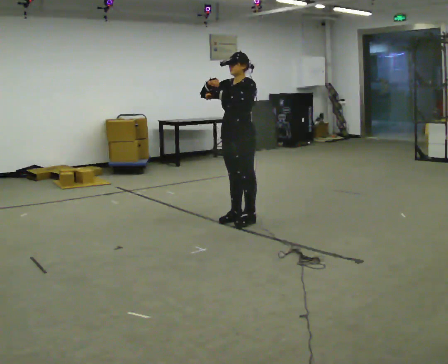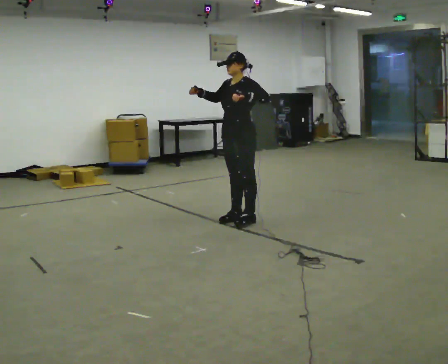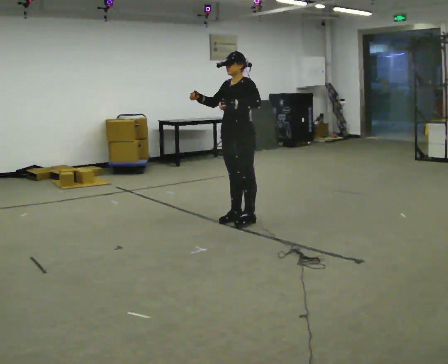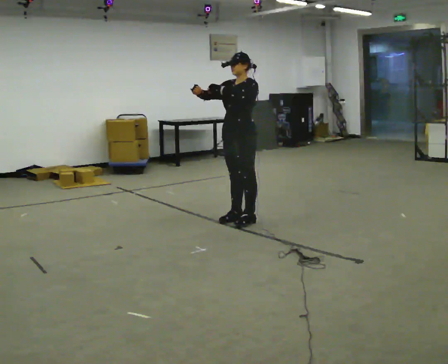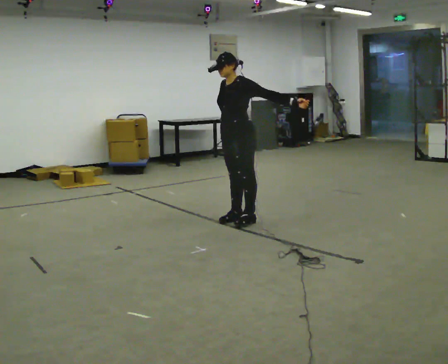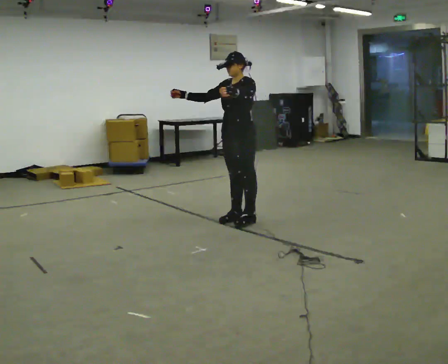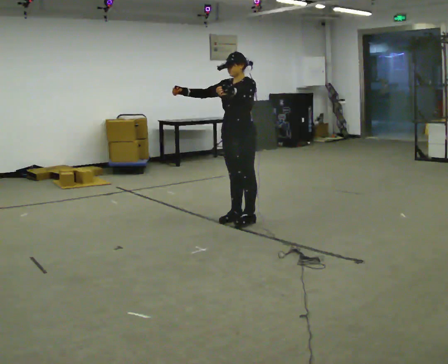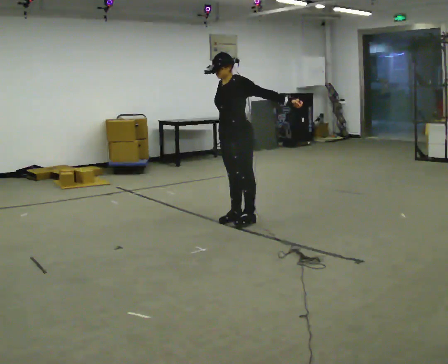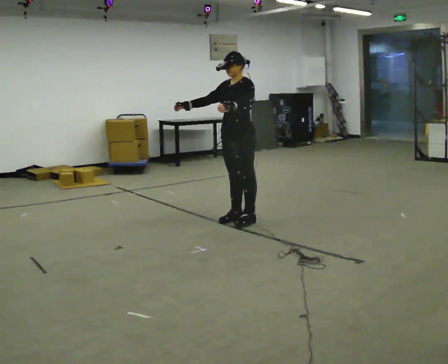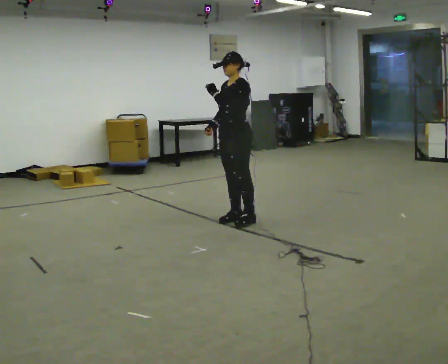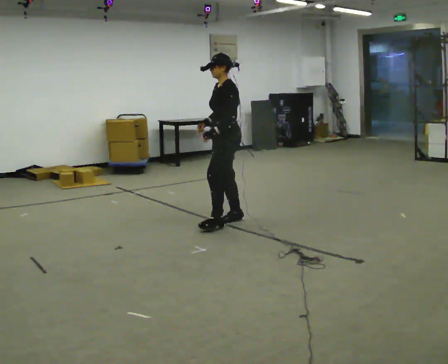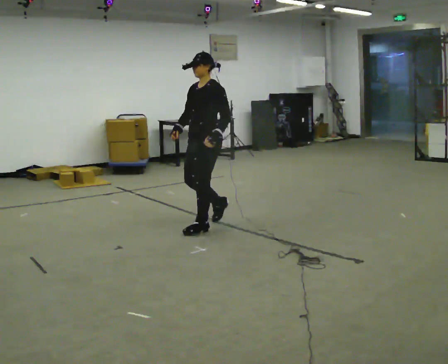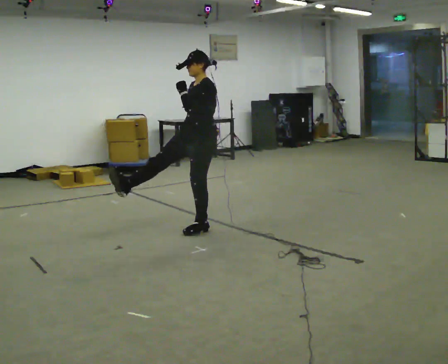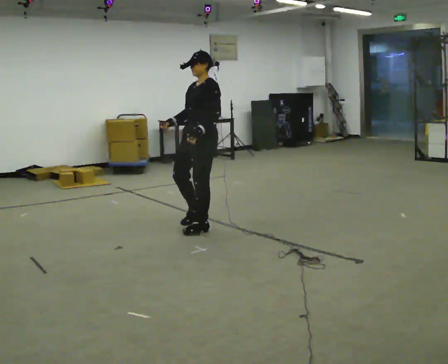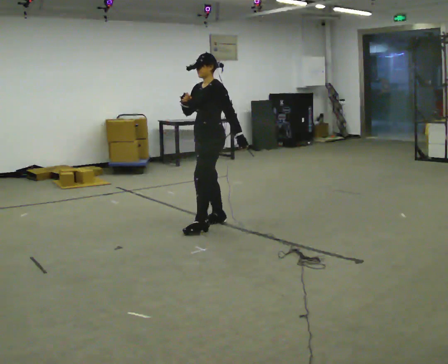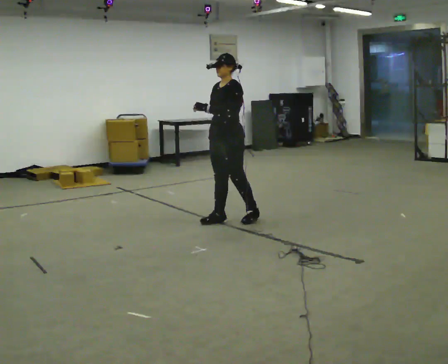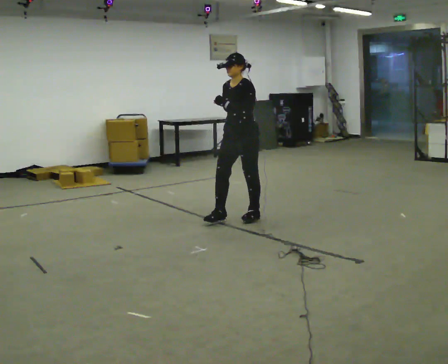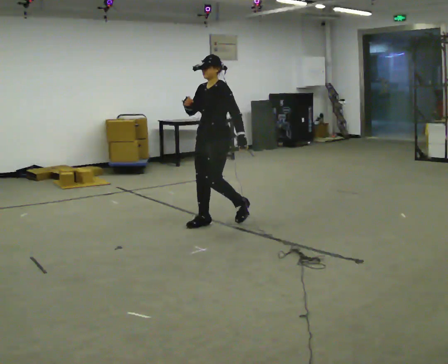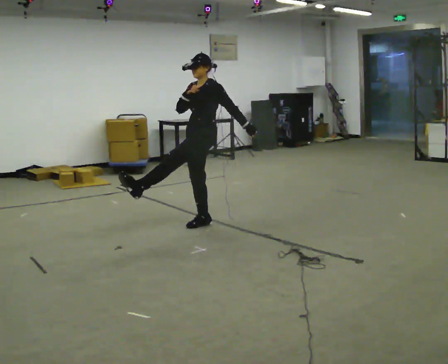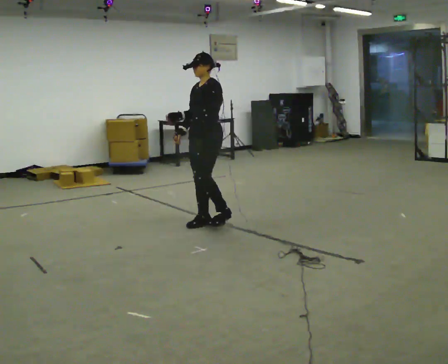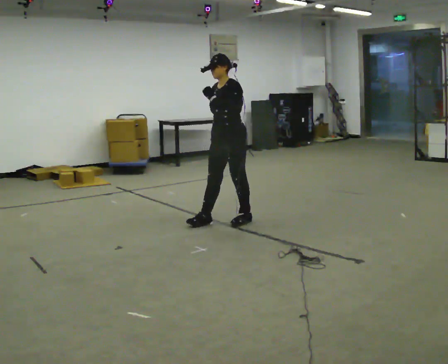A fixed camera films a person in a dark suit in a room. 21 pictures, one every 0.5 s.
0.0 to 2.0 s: In the picture their left hand goes to the right.
2.0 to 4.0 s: In the picture their left hand goes to the left.
4.0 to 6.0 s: In the picture they go to the left and toward the camera, about 0.5 m in 1 step, which for them is forward and to their left.
6.0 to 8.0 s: In the picture they go to the right and away from the camera, about 0.5 m in 2 steps, which for them is backward.
8.0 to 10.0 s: The person moves a little, or ends about where they began.
The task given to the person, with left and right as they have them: Dance freely at a slow tempo as if to slow music; keep moving continuously.
The film runs forward here.
